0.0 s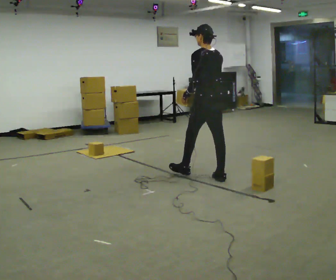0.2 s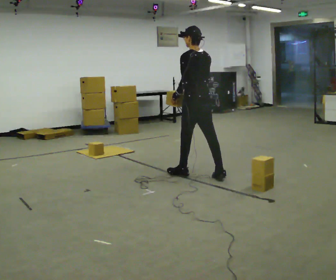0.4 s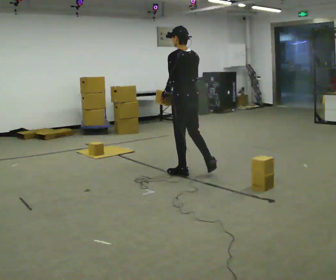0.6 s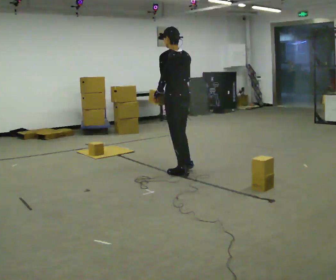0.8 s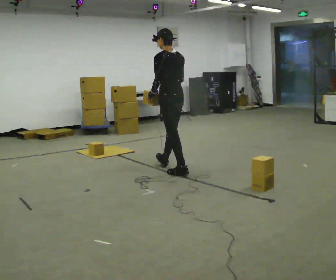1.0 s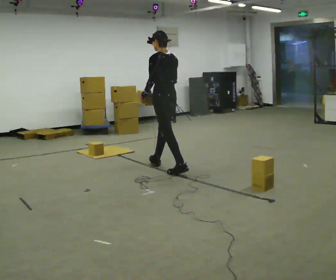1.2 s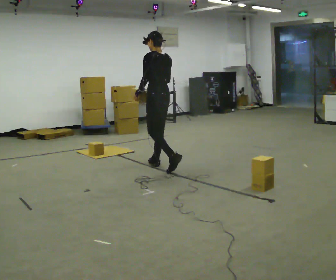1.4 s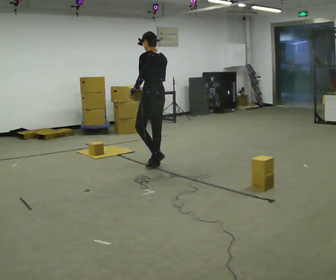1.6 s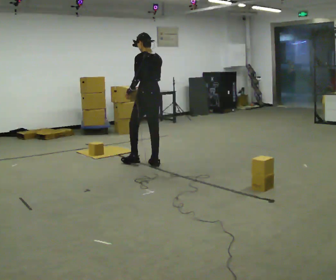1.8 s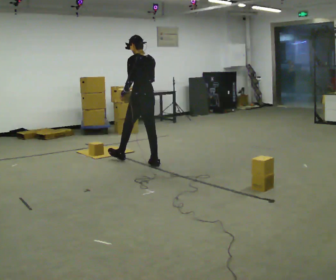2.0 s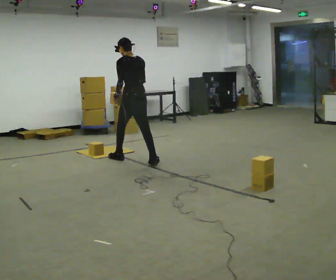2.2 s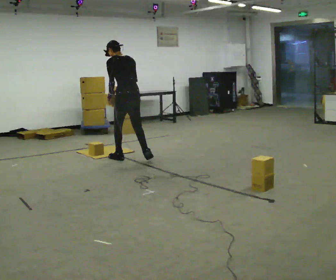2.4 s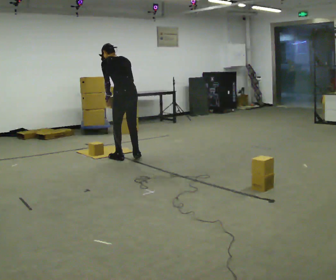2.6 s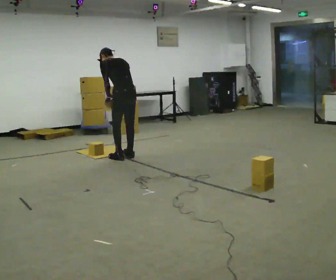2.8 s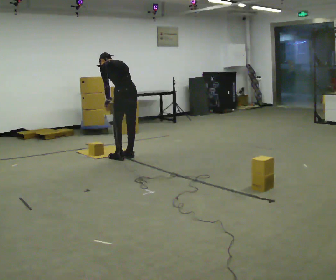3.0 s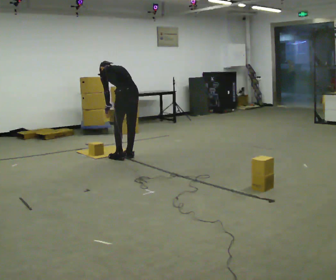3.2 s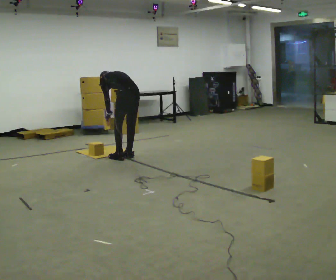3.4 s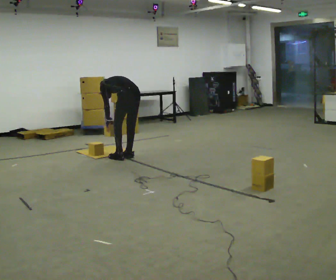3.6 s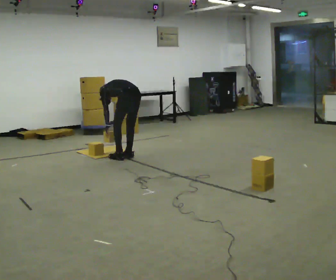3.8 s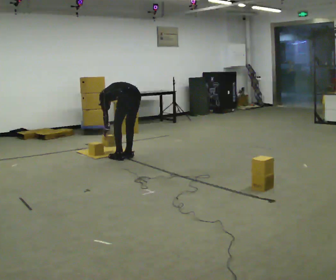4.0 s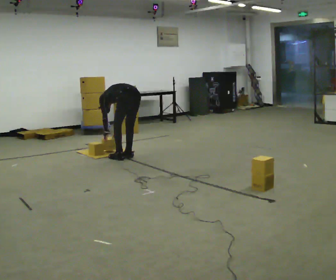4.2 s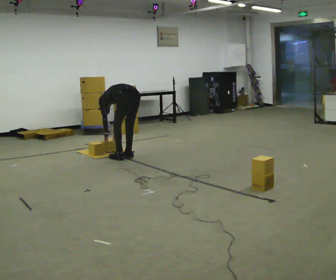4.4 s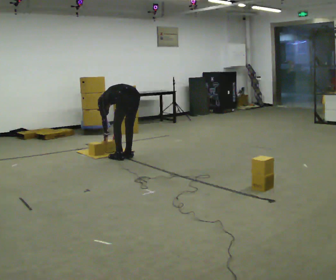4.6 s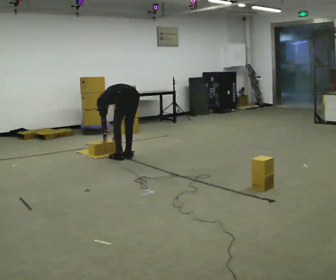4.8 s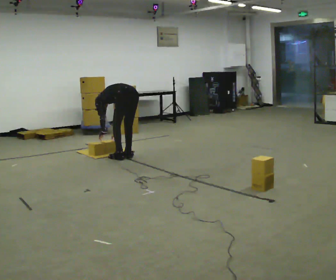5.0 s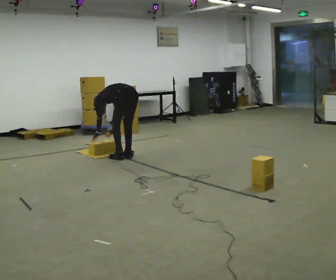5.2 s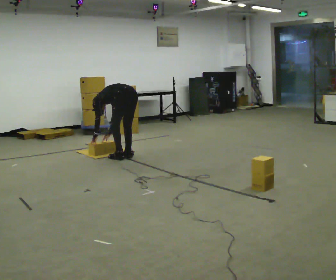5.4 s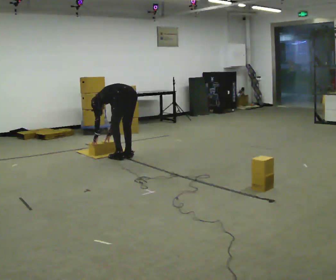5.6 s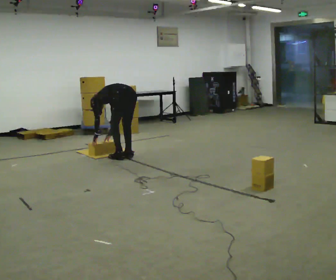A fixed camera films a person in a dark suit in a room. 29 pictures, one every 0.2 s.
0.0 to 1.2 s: In the picture they go away from the camera and to the left, about 1 m in 2 steps, which for them is forward.
1.2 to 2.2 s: In the picture they go to the left and away from the camera, about 0.5 m in 1 step, which for them is forward.
2.2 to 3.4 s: The upper body goes downward. The upper body tips away from the camera, its near side rolling upward, as they bend forward. In the picture their right hand goes downward.
3.4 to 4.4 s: The shoulders move downward. In the picture the upper body tilts counterclockwise, shoulders to the left, as they bend forward.
4.4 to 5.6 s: The person moves a little, or ends about where they began.
The film runs forward here.
